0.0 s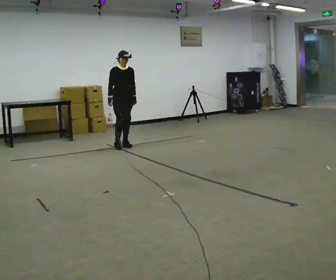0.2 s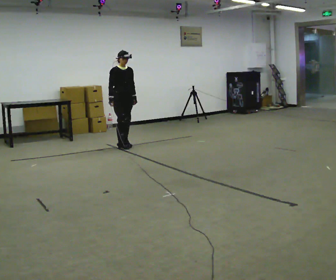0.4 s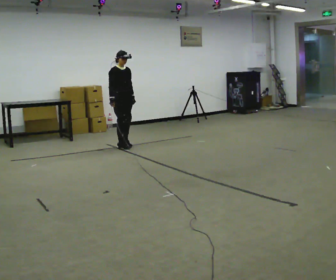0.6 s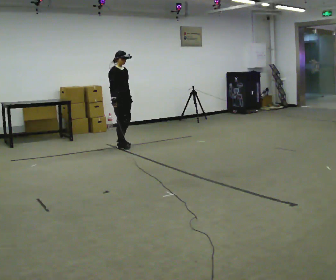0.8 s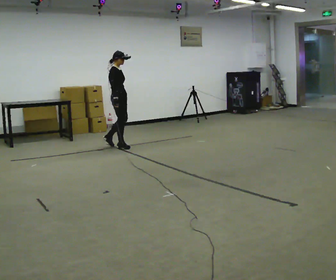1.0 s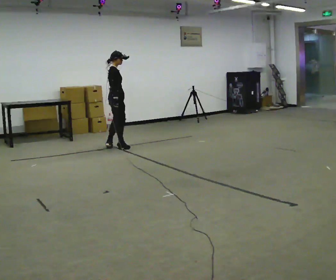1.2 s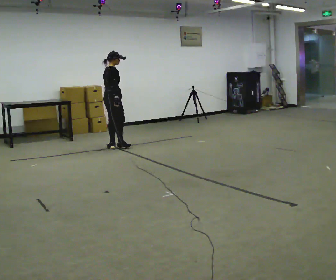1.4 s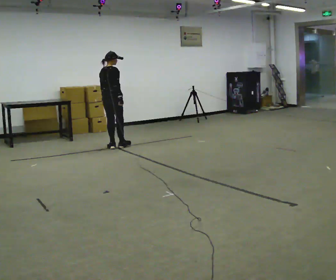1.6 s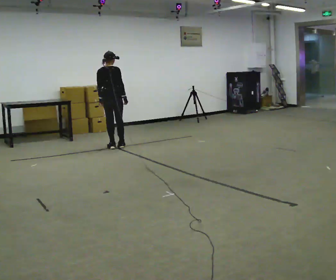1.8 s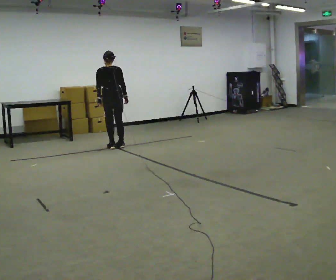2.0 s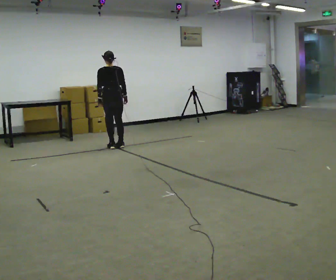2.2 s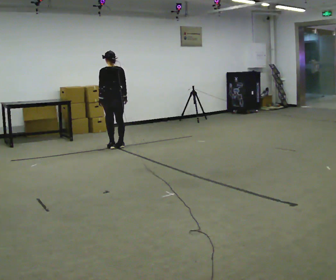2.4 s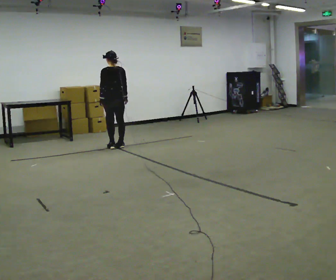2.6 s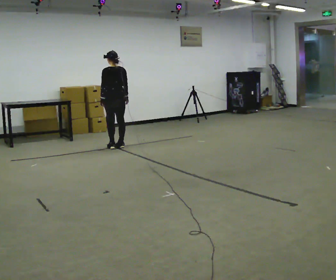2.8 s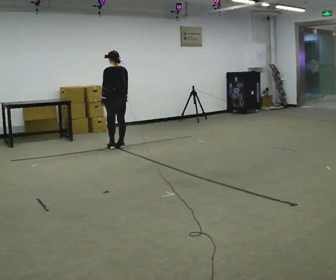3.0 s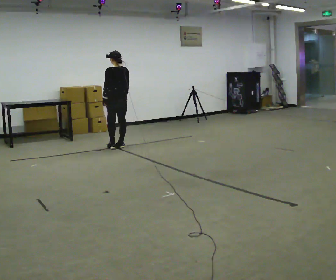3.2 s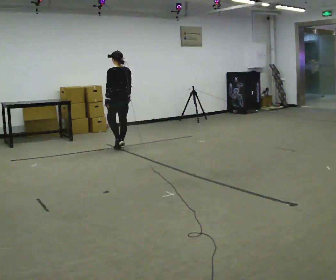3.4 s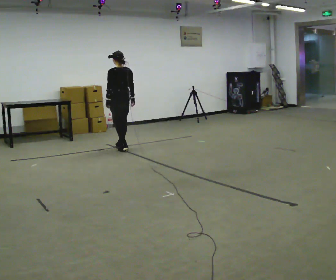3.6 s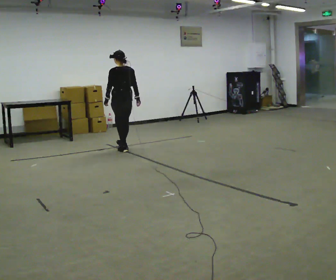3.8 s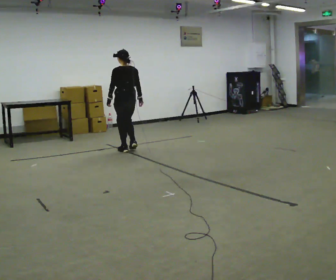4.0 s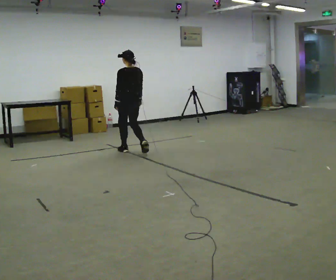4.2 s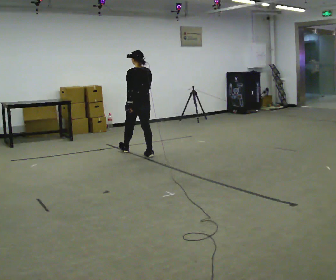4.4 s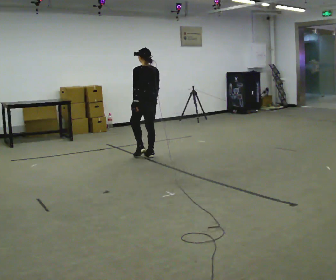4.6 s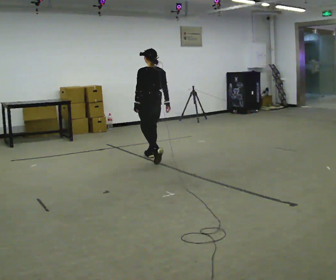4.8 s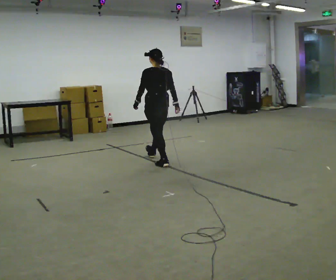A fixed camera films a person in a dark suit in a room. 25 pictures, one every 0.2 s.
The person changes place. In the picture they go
toward the camera.
The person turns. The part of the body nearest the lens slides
to the right.
0.0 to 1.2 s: Seen from above the body turns counterclockwise, about 90 degrees: to their left, with its near side sliding to the right. In the picture they go to the left, about 0.25 m in 1 step.
1.2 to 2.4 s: Seen from above the body turns counterclockwise, about 75 degrees: to their left, with its near side sliding to the right.
2.4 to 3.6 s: In the picture they go toward the camera, about 0.25 m in 2 steps, which for them is backward.
3.6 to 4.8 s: In the picture they go toward the camera and to the right, about 1 m in 2 steps, which for them is backward.
The film runs backward here.
